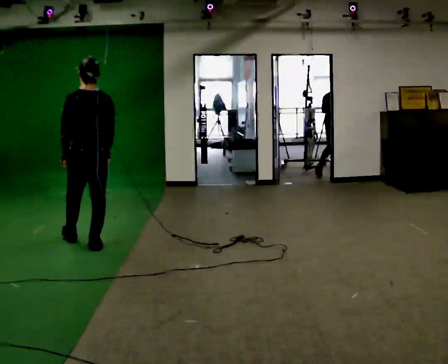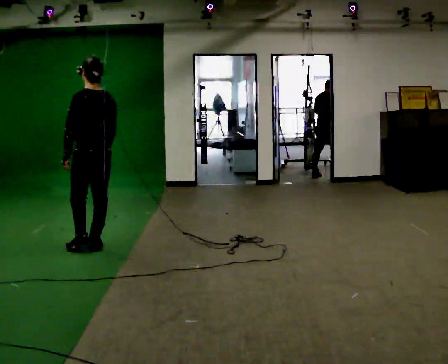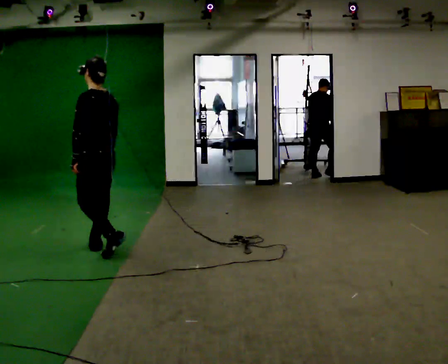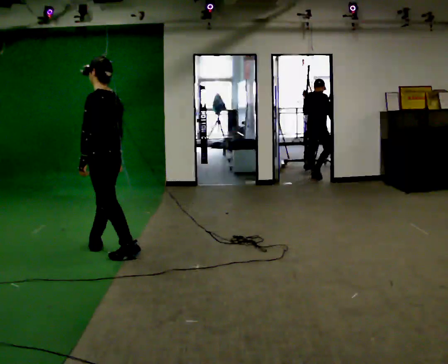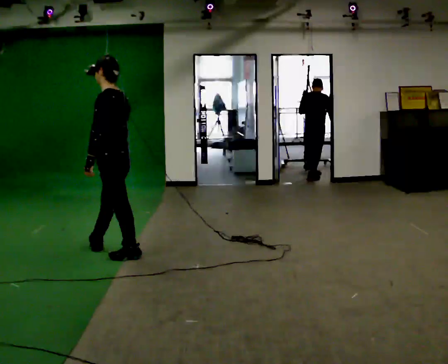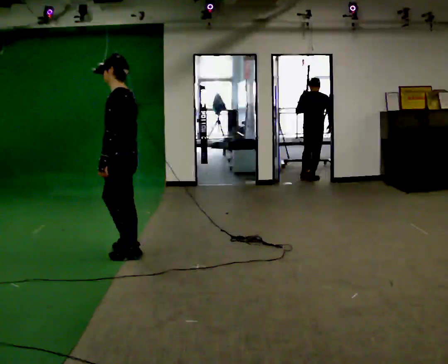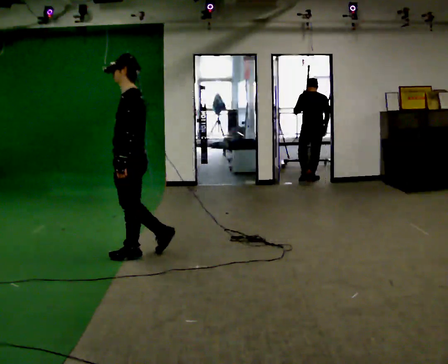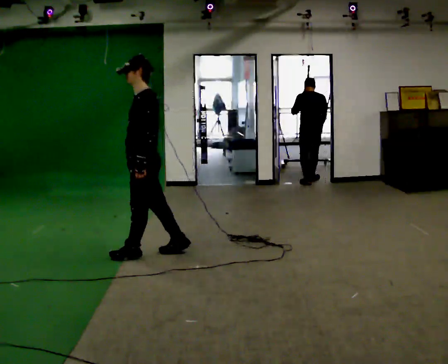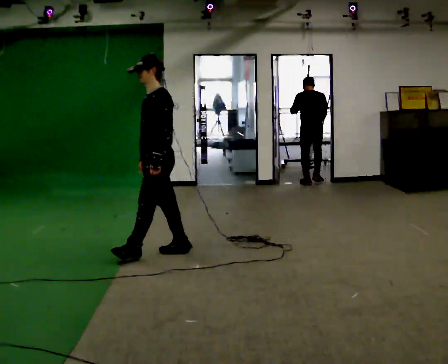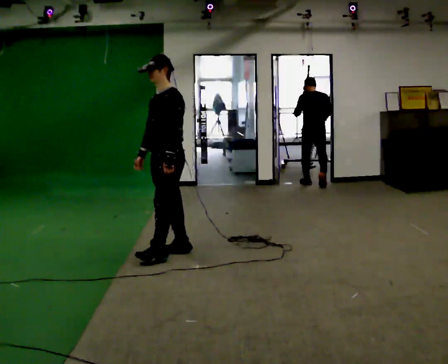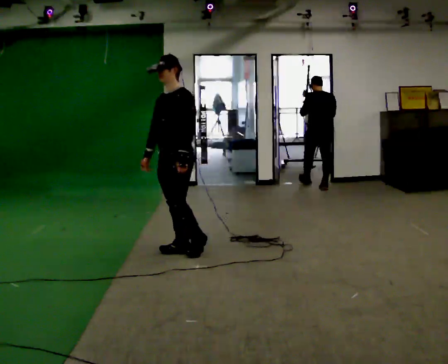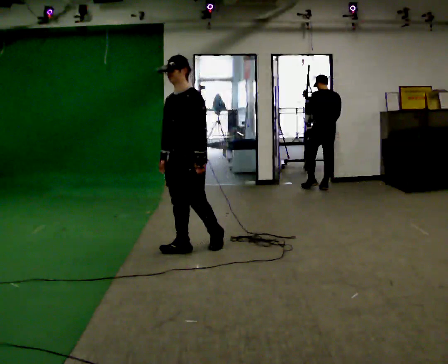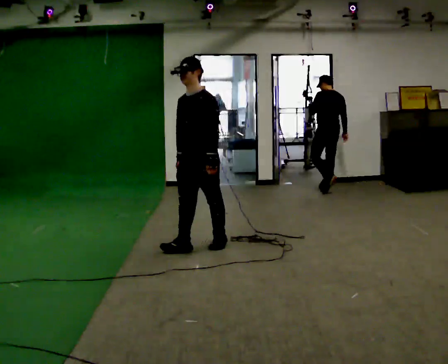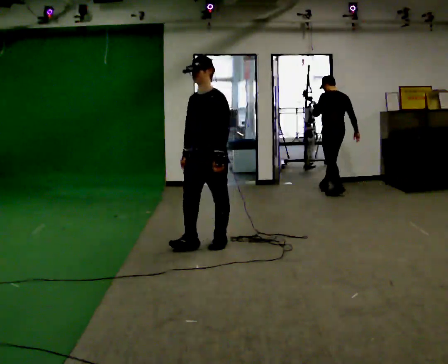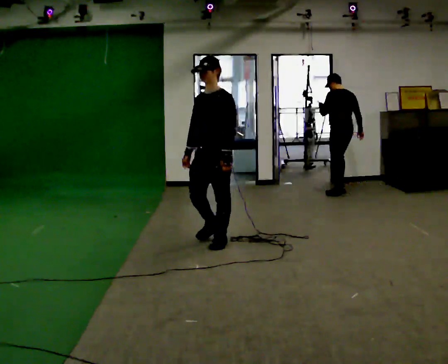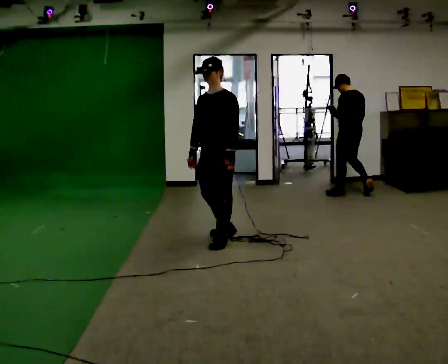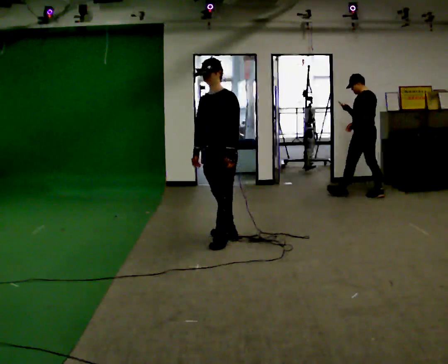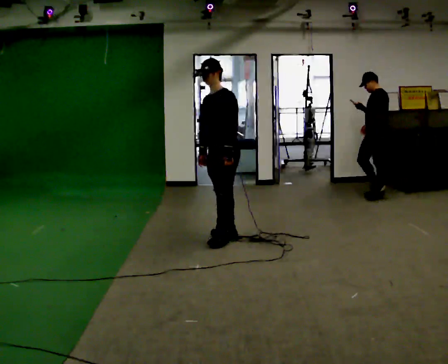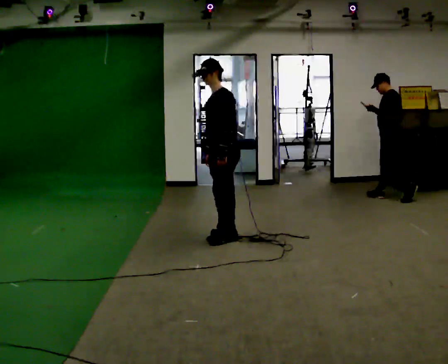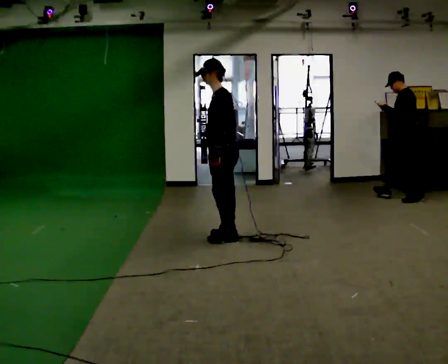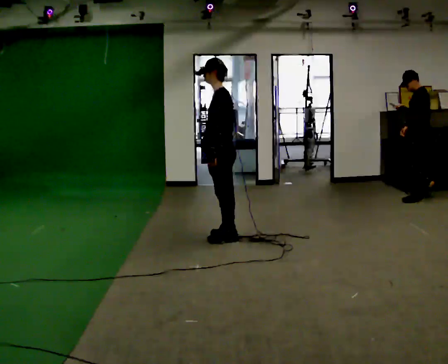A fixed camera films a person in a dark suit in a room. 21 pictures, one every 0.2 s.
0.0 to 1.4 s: The part of the body nearest the lens slides to the right as the person turns to their left by about 75 degrees. In the picture they go to the right, about 0.5 m in 1 step.
1.4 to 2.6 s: The person turns about 30 degrees to their left, counterclockwise seen from above, so the part of the body nearest the lens slides to the right. In the picture they go to the right and away from the camera, about 0.5 m in 2 steps, which for them is backward.
2.6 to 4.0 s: The part of the body nearest the lens slides to the left as the person turns to their right by about 45 degrees. In the picture they go away from the camera, about 0.25 m, which for them is backward.
The film runs backward here.
